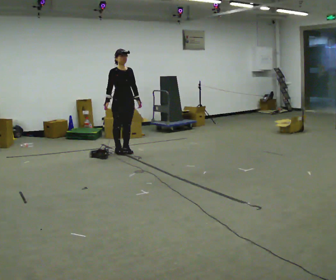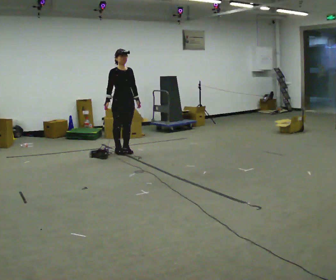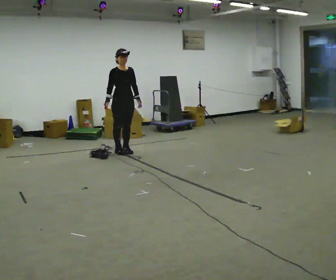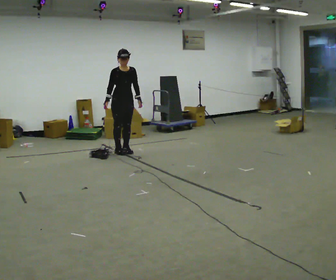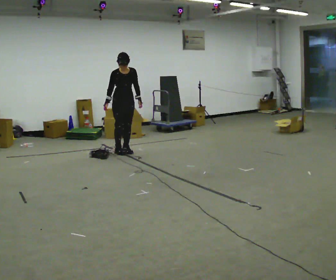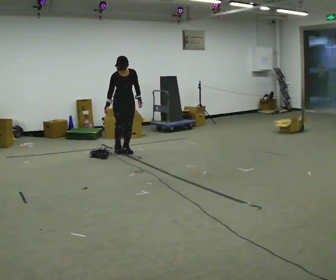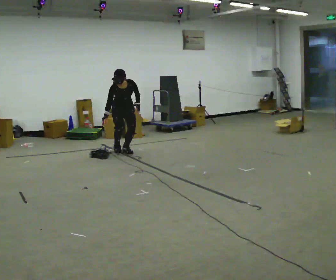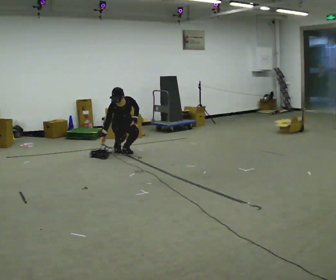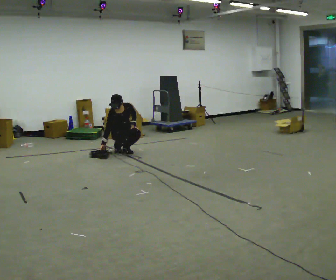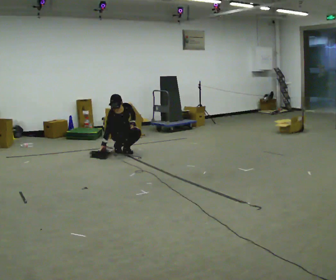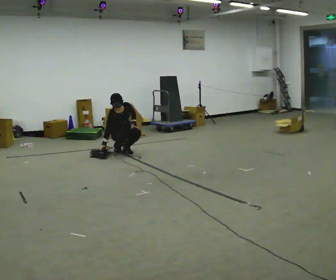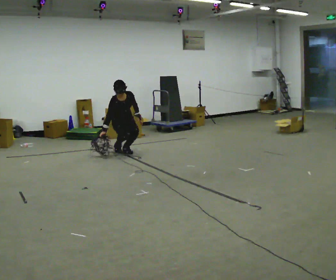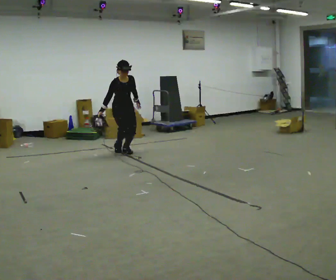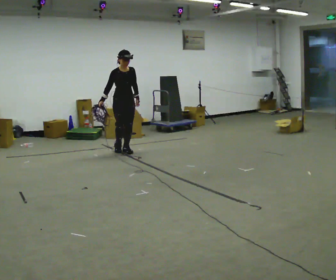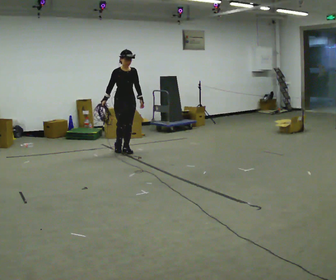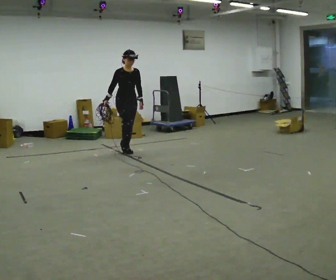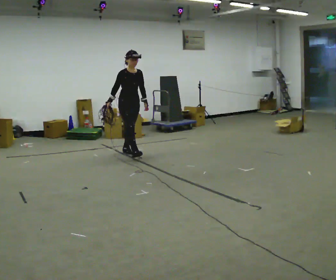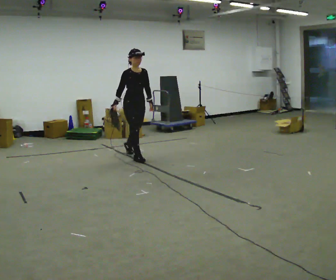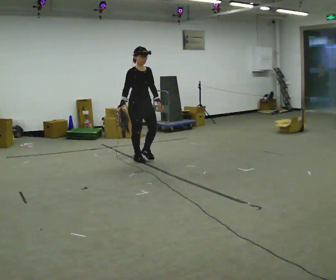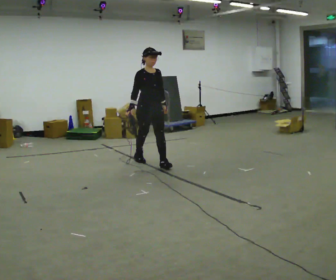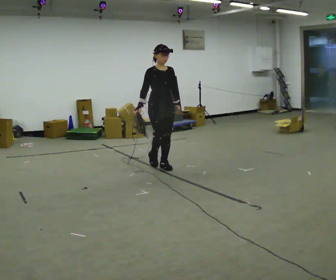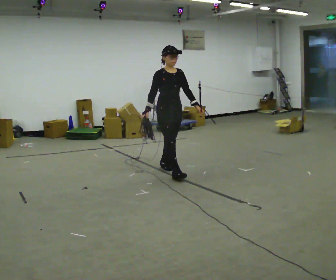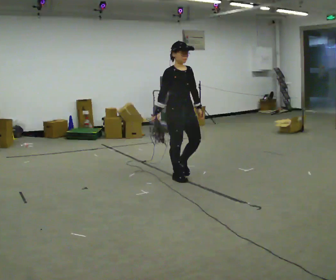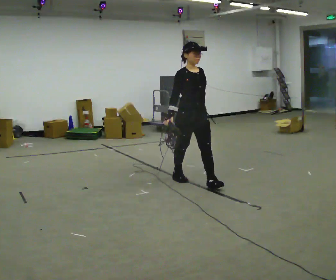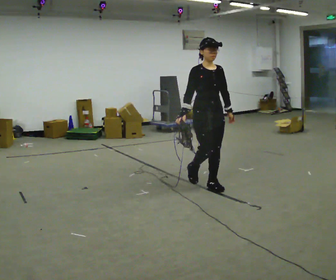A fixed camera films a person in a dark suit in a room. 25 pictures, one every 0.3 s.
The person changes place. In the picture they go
toward the camera.
0.0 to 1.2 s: The upper body tips toward the camera, its near side rolling downward, as they bend forward.
1.2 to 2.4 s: The shoulders move downward. In the picture their left hand goes downward.
2.4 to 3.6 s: The upper body goes upward. In the picture their left hand goes upward.
3.6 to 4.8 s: In the picture they go toward the camera, about 0.25 m, which for them is forward. The upper body tips away from the camera, its near side rolling upward, as they lean back or straighten.
4.8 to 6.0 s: In the picture they go toward the camera and to the right, about 1 m in 2 steps, which for them is forward.
6.0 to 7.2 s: In the picture they go toward the camera and to the right, about 1 m in 2 steps, which for them is forward.
The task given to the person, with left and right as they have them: Pick up the coiled hose, carry it across the room, and set it down. It will move around as you walk. Keep going until the operator says stop; one object at a time, and do not rush between trips.
The film runs forward here.
